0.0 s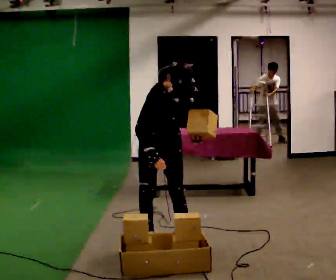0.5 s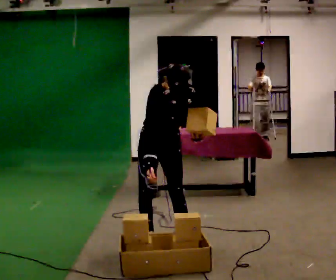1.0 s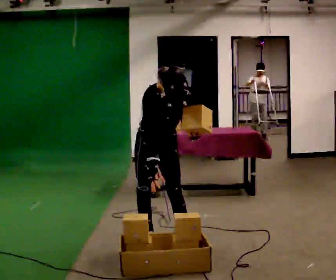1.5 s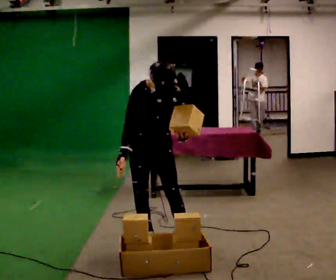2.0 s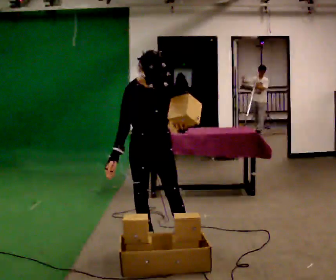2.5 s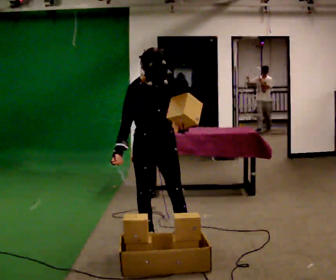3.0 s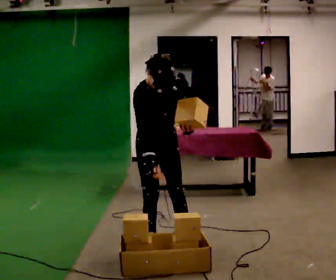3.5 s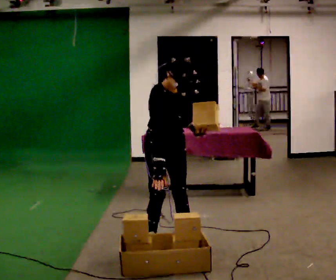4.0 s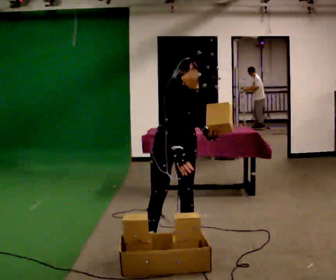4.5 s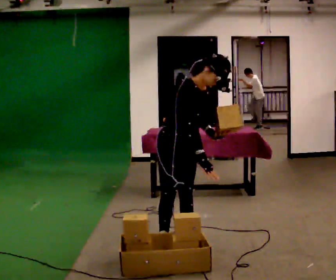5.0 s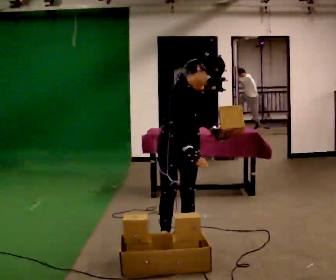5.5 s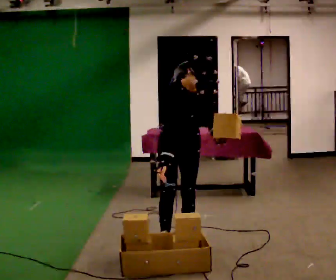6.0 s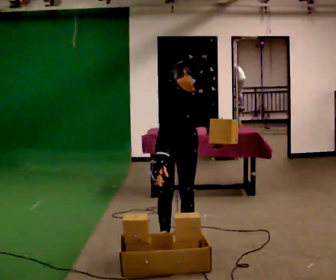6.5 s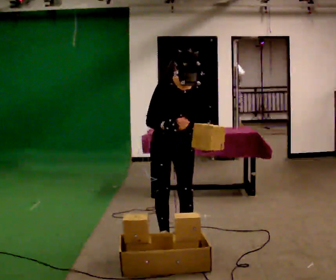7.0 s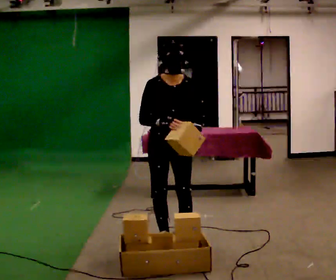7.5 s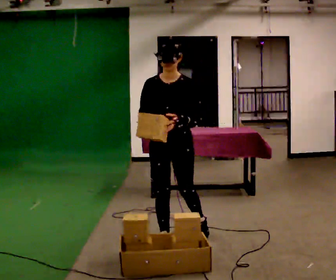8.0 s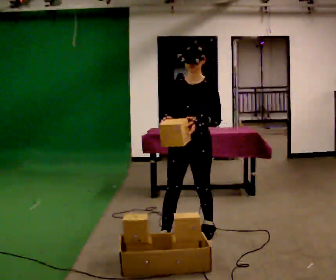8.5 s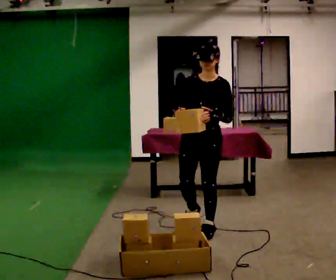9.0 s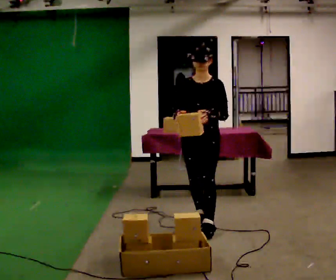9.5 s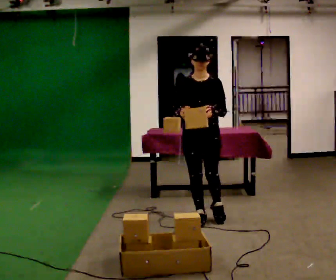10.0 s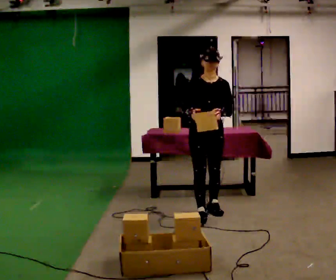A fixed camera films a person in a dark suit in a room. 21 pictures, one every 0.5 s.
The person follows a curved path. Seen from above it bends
counterclockwise.
0.0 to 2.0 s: In the picture the upper body tilts counterclockwise, shoulders to the left, as they lean back or straighten.
2.0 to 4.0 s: In the picture they go to the right, about 0.25 m, which for them is to their left. In the picture the upper body tilts clockwise, shoulders to the right. In the picture their right hand goes to the right.
4.0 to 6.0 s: The person moves a little, or ends about where they began.
6.0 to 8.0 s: Seen from above the body turns clockwise, about 30 degrees: to their right, with its near side sliding to the left. The upper body tips away from the camera, its near side rolling upward, as they lean back or straighten.
8.0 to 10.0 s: In the picture they go away from the camera, about 1 m in 2 steps, which for them is backward.
The film runs backward here.
